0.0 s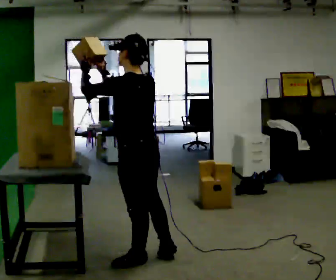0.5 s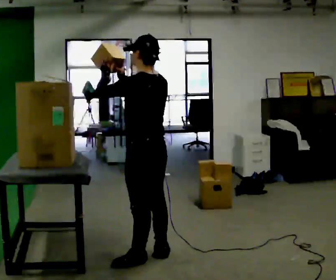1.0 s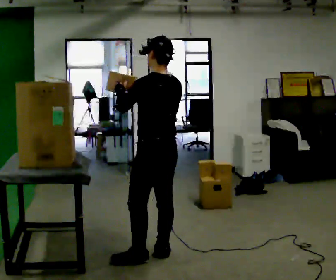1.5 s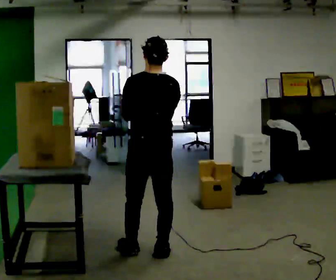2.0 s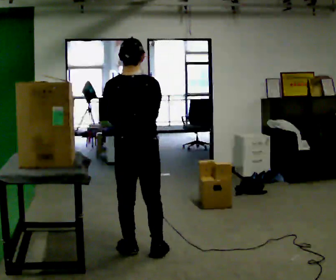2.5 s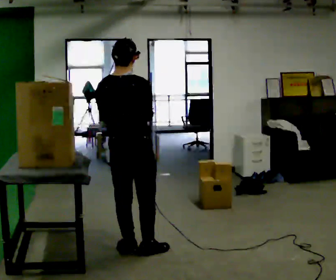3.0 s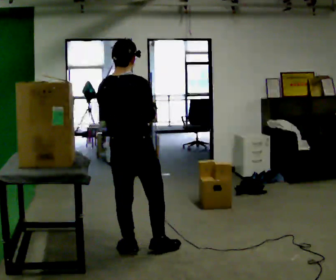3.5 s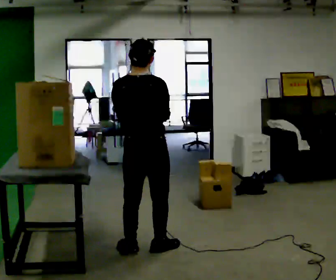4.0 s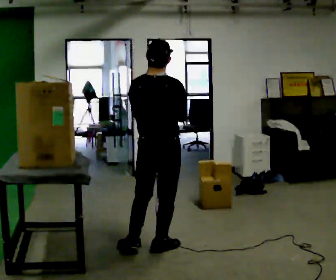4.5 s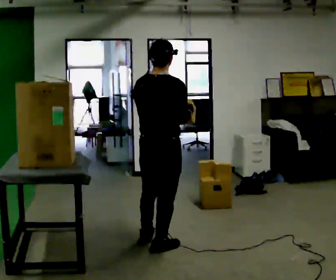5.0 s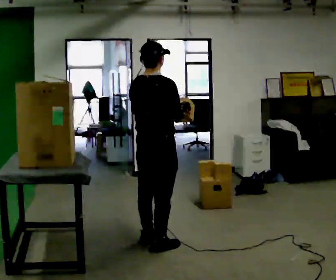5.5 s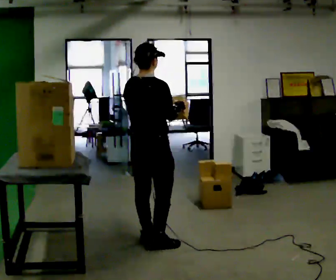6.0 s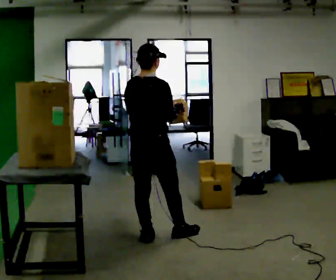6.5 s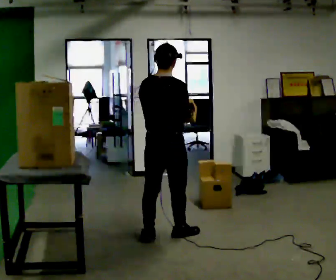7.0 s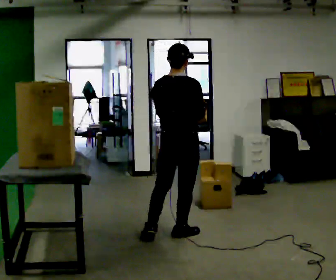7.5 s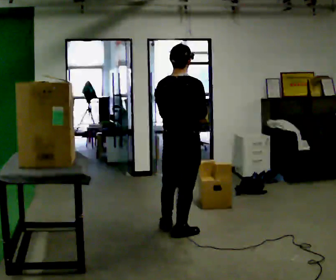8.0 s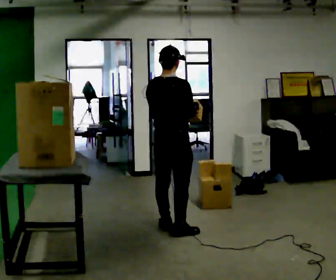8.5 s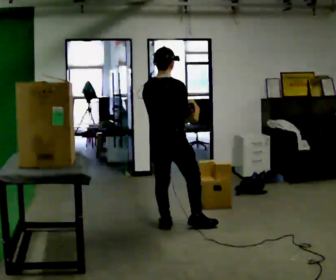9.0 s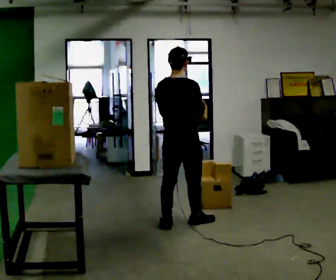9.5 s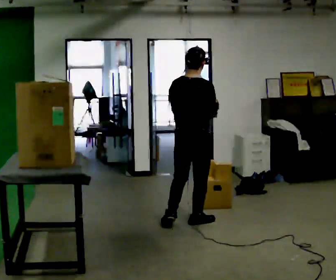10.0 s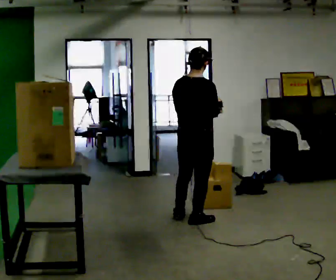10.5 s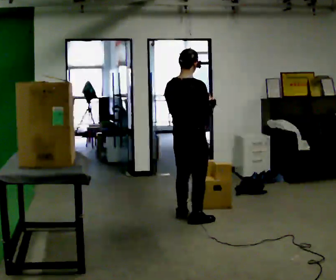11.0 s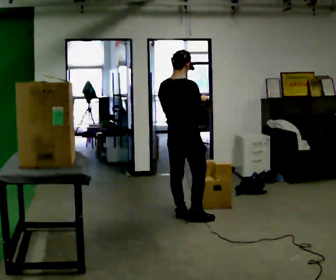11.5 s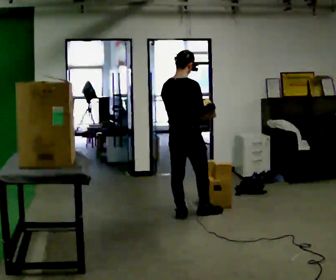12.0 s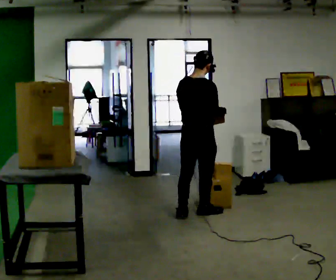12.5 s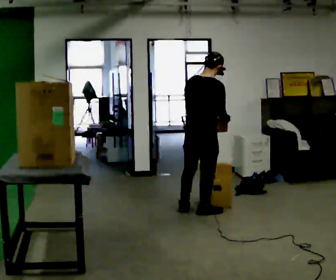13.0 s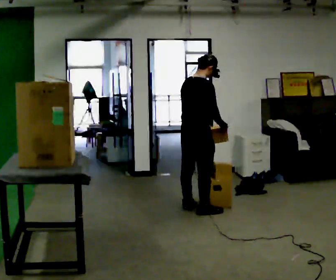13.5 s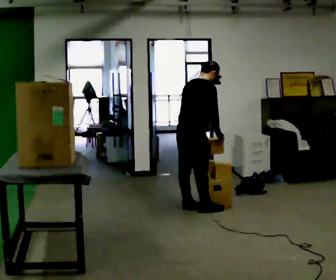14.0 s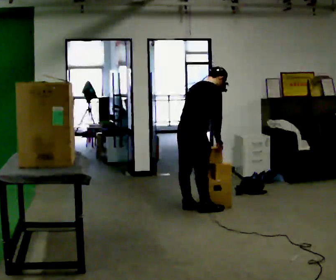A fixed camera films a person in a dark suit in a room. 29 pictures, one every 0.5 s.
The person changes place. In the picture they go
away from the camera.
0.0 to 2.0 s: The part of the body nearest the lens slides to the left as the person turns to their right by about 60 degrees. In the picture they go away from the camera, about 0.25 m in 1 step, which for them is forward and to their right.
2.0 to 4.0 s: In the picture they go to the right, about 0.25 m in 1 step, which for them is to their right.
4.0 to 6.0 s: In the picture they go away from the camera, about 0.25 m in 1 step, which for them is forward and to their left.
6.0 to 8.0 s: In the picture they go away from the camera and to the right, about 0.5 m in 2 steps, which for them is forward.
8.0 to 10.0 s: In the picture they go to the right and away from the camera, about 0.25 m in 1 step, which for them is forward and to their right.
10.0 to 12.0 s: In the picture they go away from the camera, about 0.25 m in 2 steps, which for them is forward.
12.0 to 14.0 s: In the picture they go away from the camera, about 0.25 m in 1 step, which for them is to their left. In the picture the upper body tilts clockwise, shoulders to the right, as they bend forward.
The film runs forward here.
